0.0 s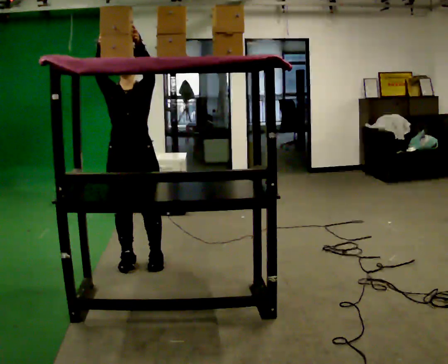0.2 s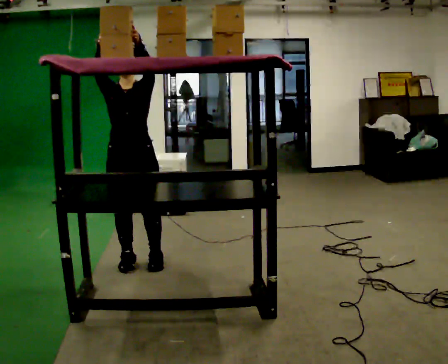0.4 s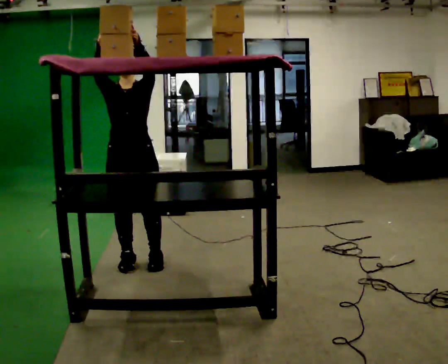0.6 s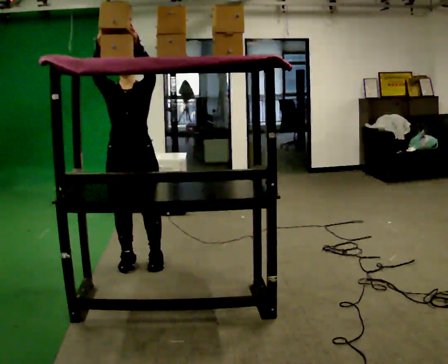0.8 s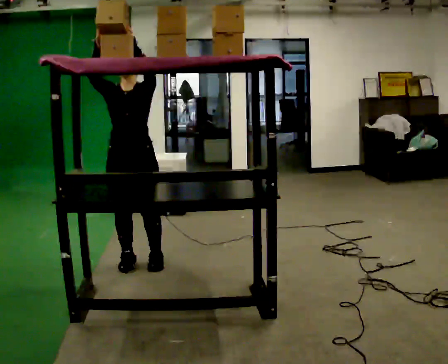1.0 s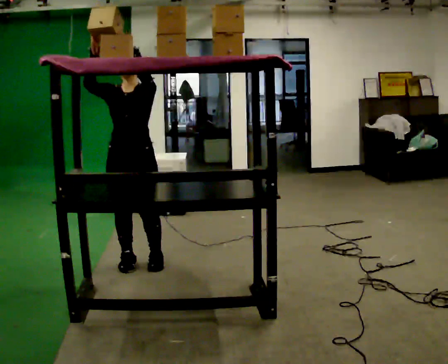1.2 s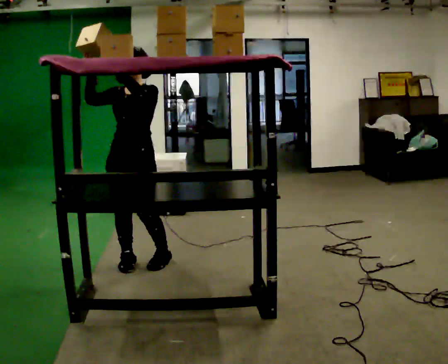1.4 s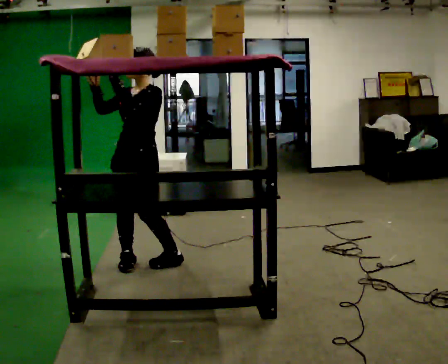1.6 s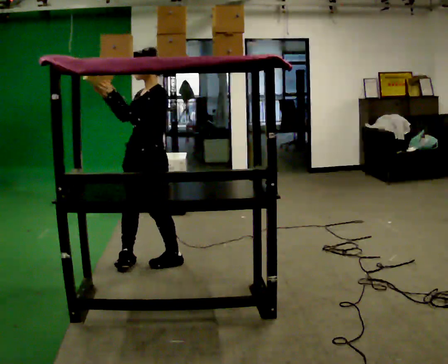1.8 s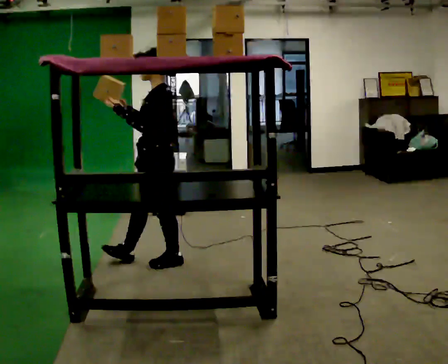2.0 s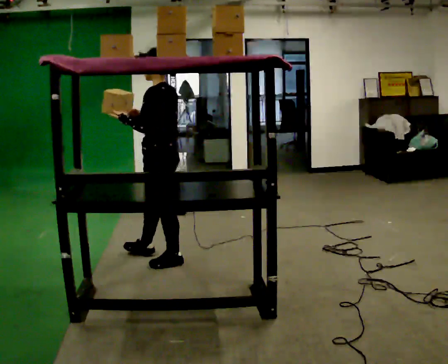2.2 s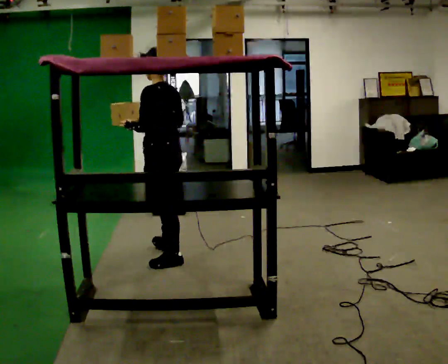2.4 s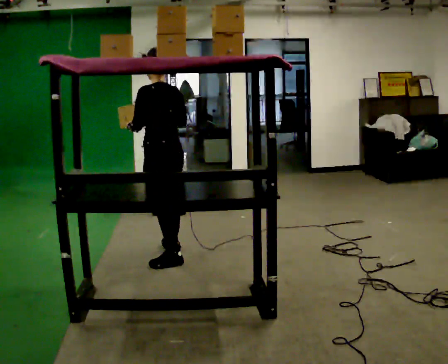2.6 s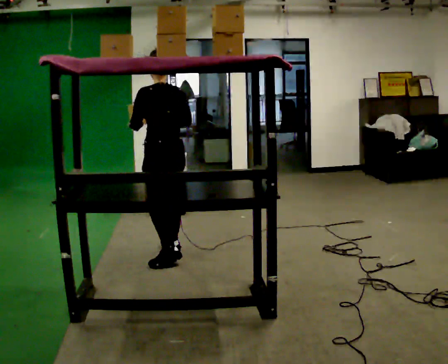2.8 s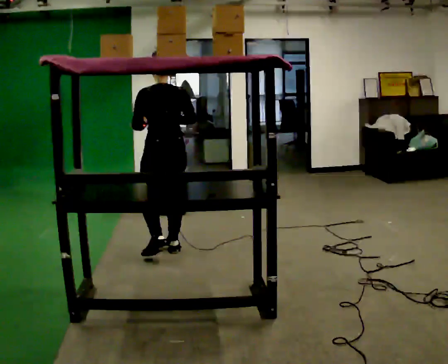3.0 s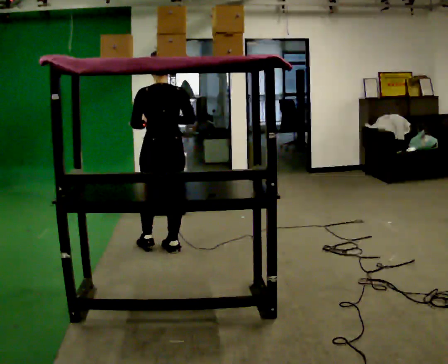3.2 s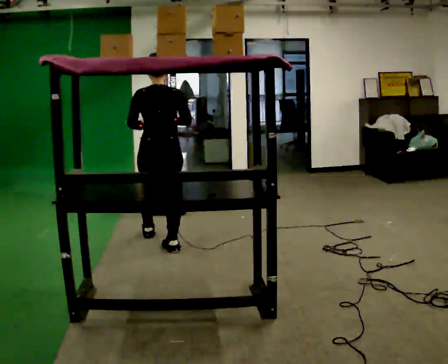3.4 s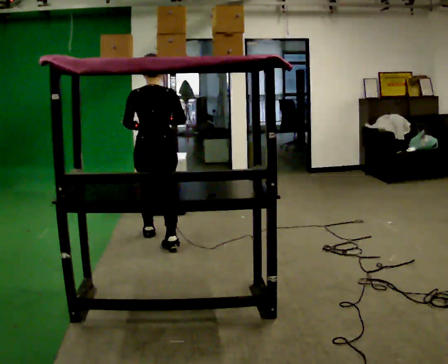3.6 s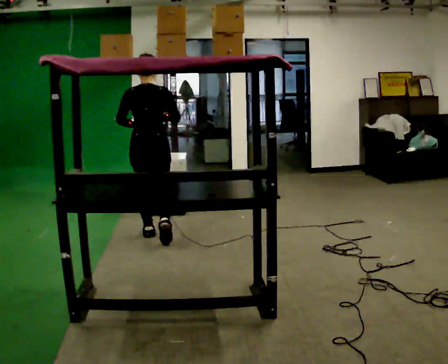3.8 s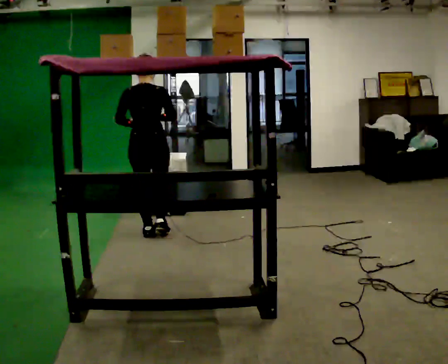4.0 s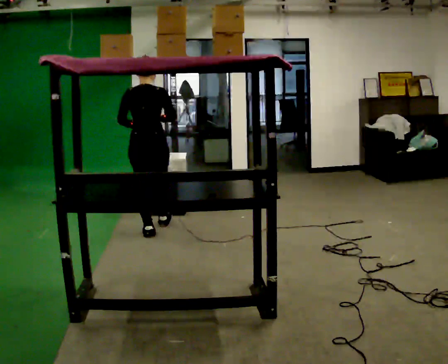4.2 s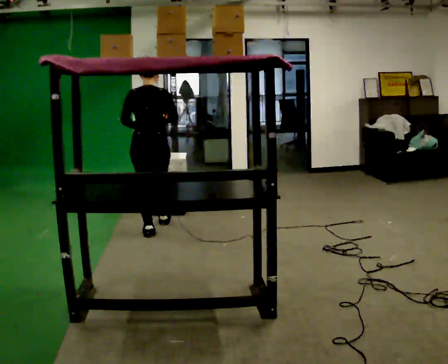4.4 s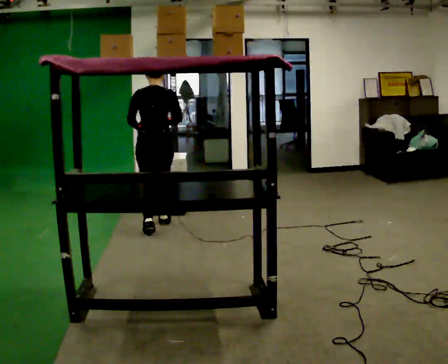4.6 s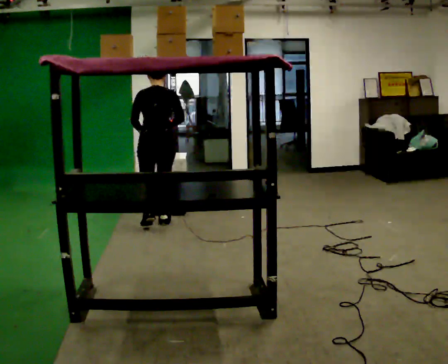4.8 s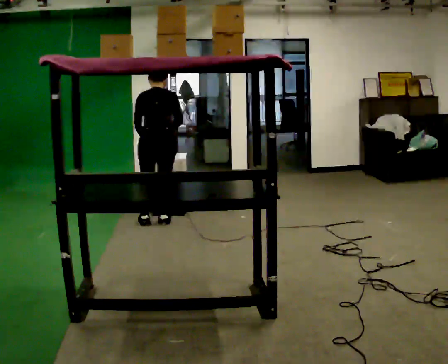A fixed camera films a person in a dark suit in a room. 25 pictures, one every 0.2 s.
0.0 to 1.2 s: Seen from above the body turns clockwise, about 30 degrees: to their right, with its near side sliding to the left.
1.2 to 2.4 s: The part of the body nearest the lens slides to the left as the person turns to their right by about 105 degrees. In the picture they go to the right, about 0.25 m in 2 steps. In the picture their right hand goes downward.
2.4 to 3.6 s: The part of the body nearest the lens slides to the left as the person turns to their right by about 60 degrees. In the picture they go away from the camera, about 0.5 m in 1 step, which for them is forward.
3.6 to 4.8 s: In the picture they go away from the camera, about 0.5 m in 1 step, which for them is forward. The upper body tips away from the camera, its near side rolling upward, as they bend forward.
The film runs forward here.
